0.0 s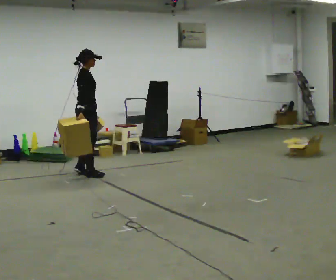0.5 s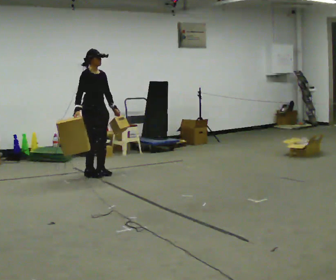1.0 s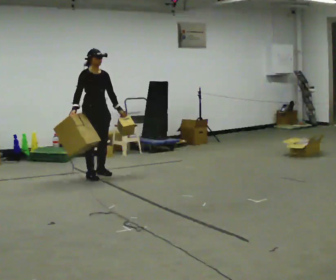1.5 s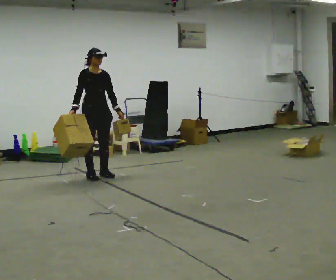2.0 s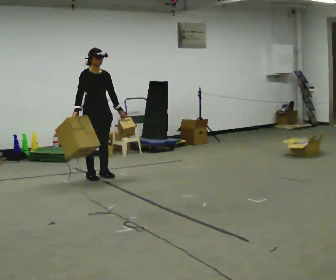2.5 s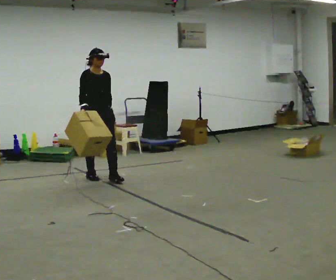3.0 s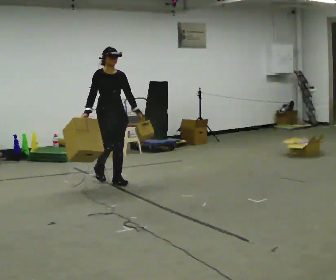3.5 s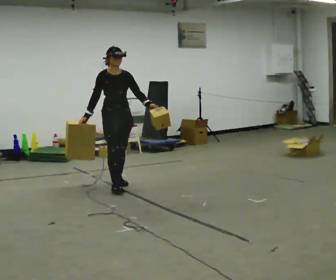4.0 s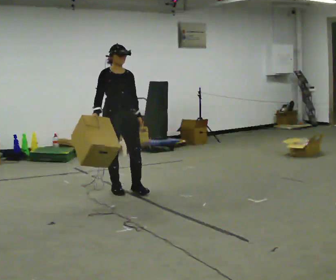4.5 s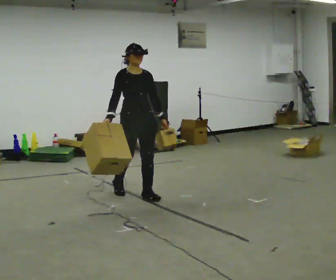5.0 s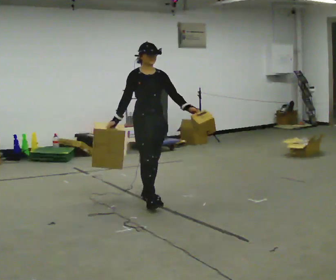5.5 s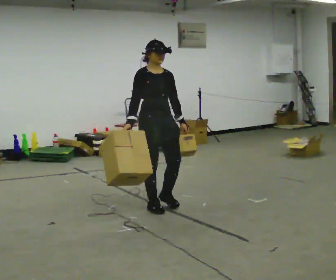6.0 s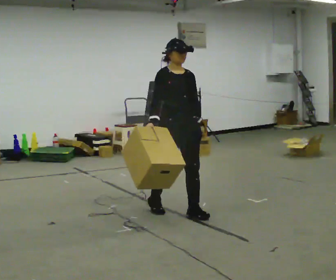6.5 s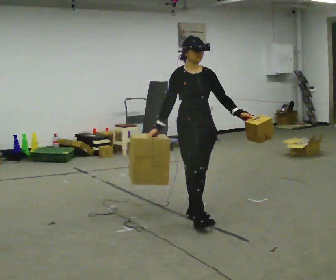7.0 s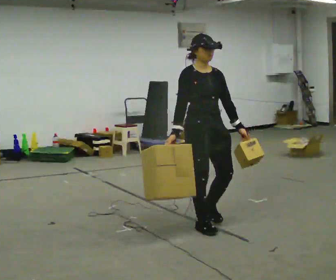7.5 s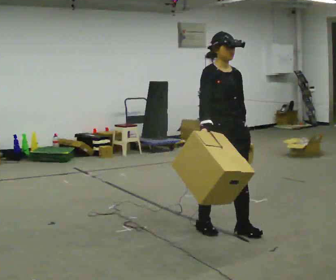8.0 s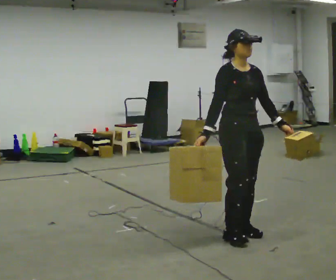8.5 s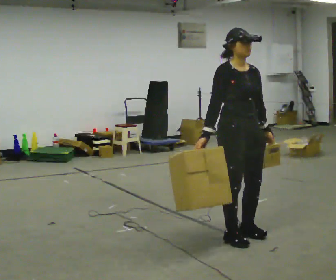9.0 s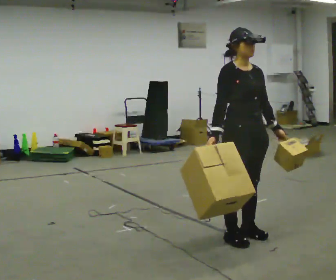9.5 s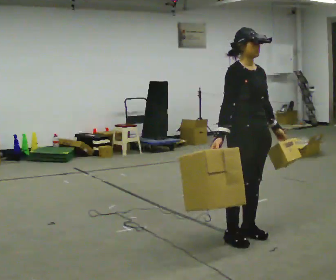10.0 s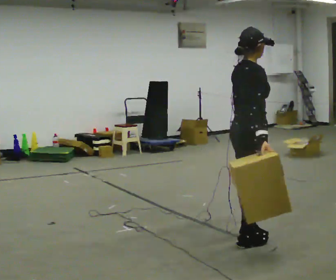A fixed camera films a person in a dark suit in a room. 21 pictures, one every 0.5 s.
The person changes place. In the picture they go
toward the camera.
0.0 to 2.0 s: Seen from above the body turns clockwise, about 60 degrees: to their right, with its near side sliding to the left. In the picture their left hand goes to the right.
2.0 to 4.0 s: In the picture they go toward the camera and to the right, about 1 m in 2 steps, which for them is forward.
4.0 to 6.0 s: In the picture they go toward the camera and to the right, about 1 m in 3 steps, which for them is forward.
6.0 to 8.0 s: In the picture they go toward the camera and to the right, about 1 m in 3 steps, which for them is forward.
8.0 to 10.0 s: Seen from above the body turns counterclockwise, about 60 degrees: to their left, with its near side sliding to the right. In the picture their left hand goes to the left.
The film runs forward here.
